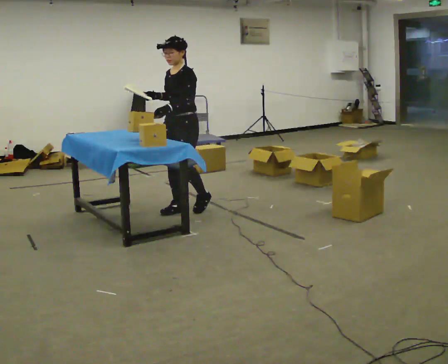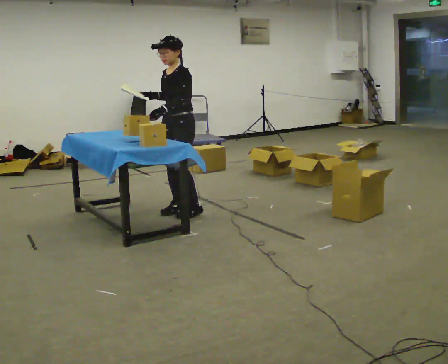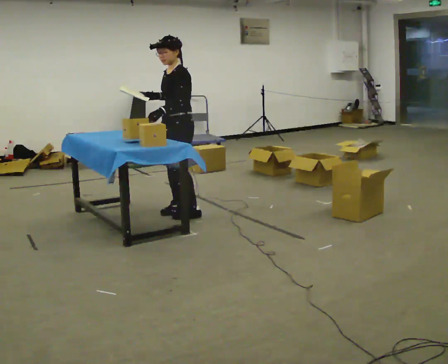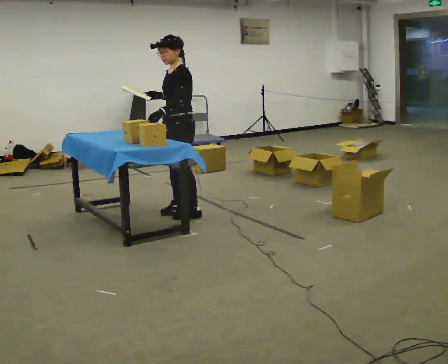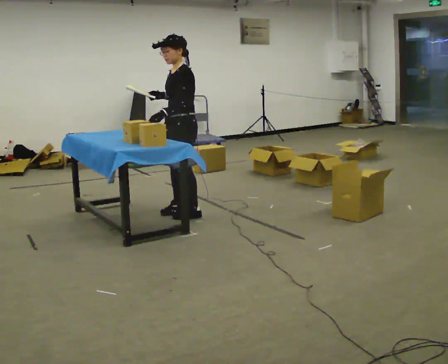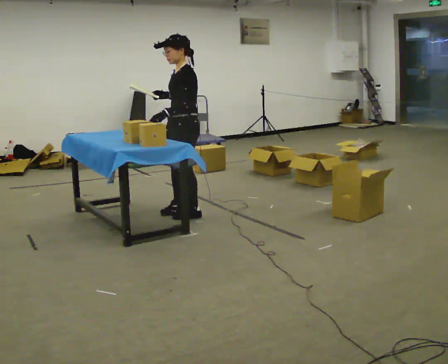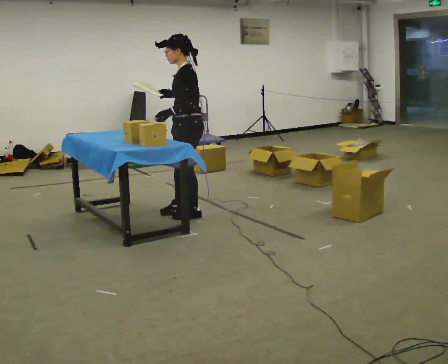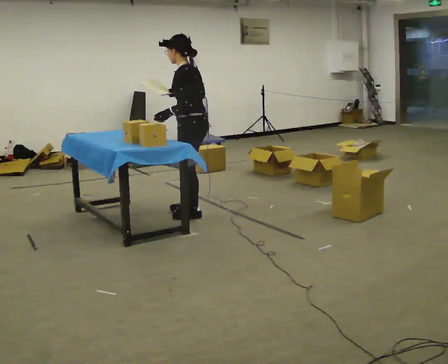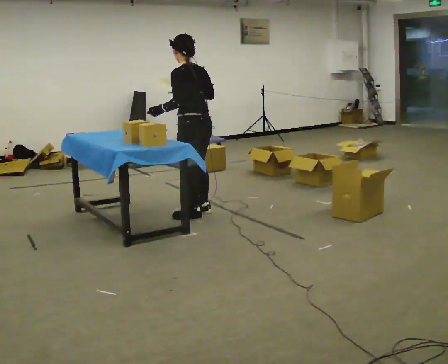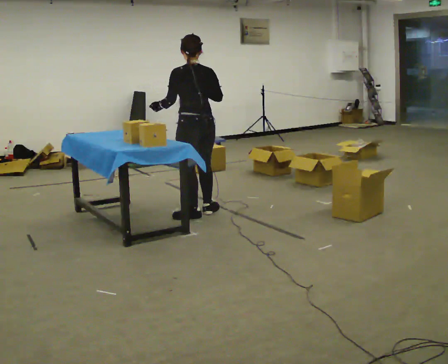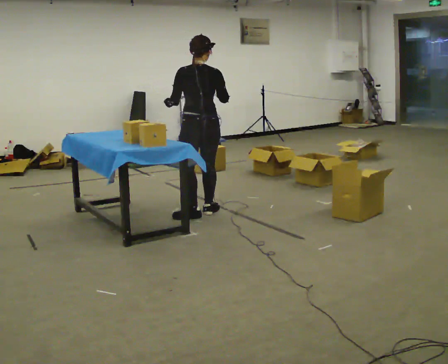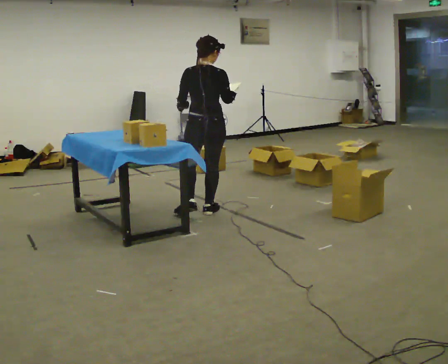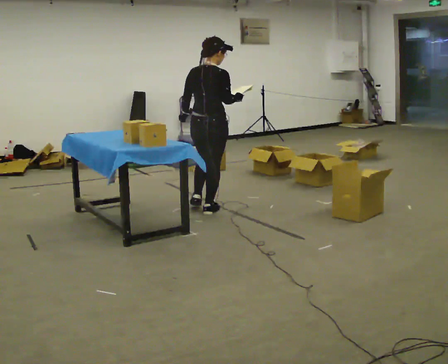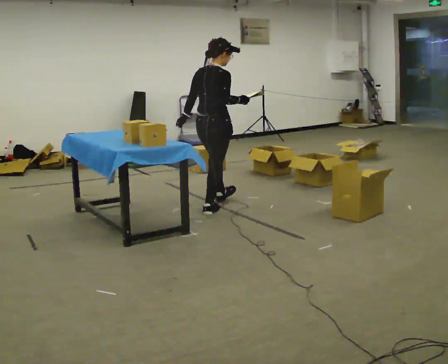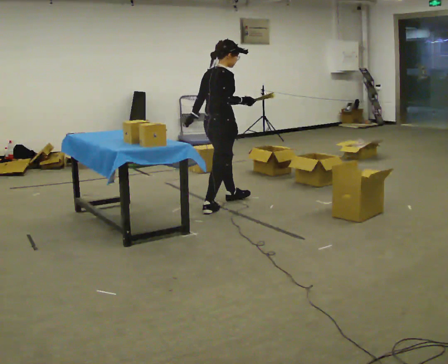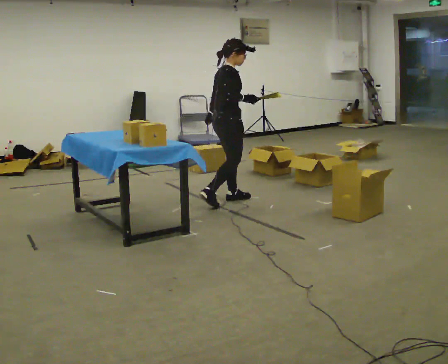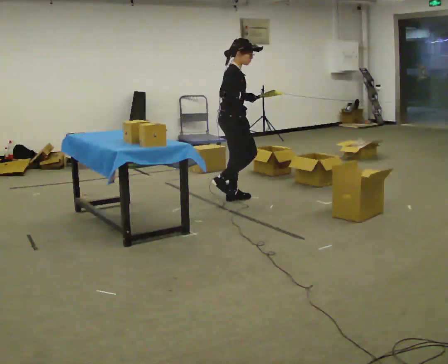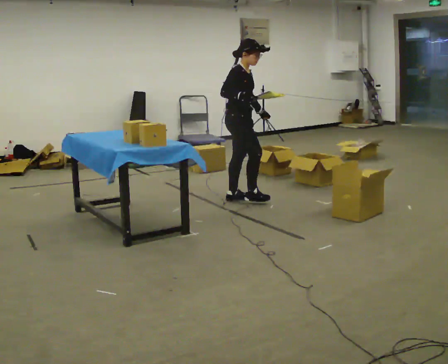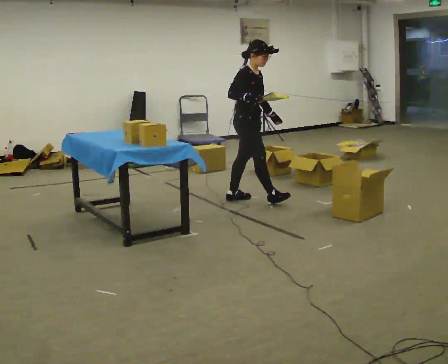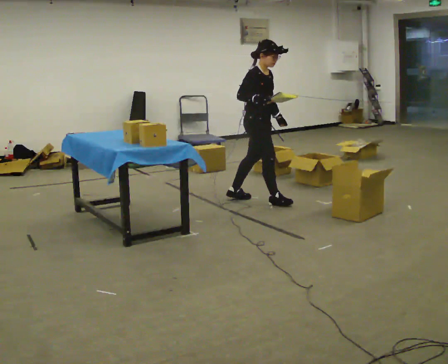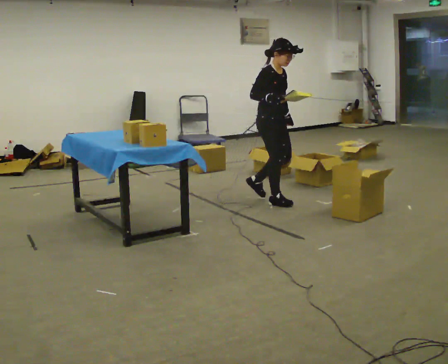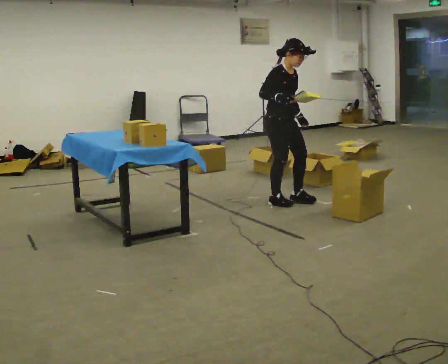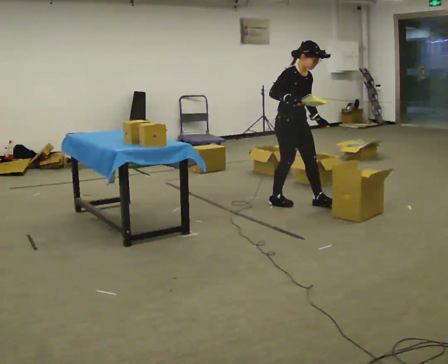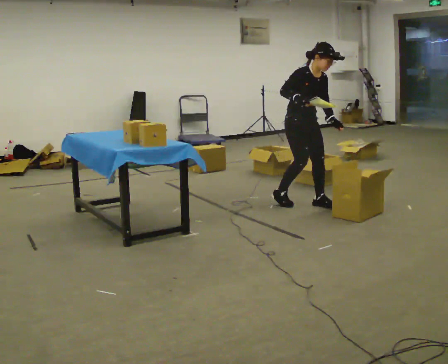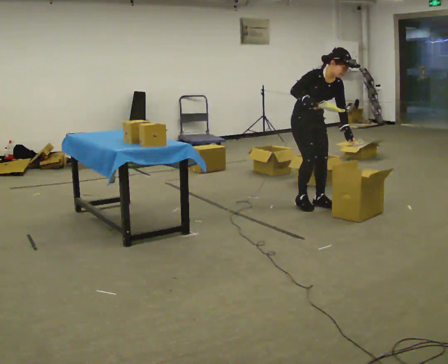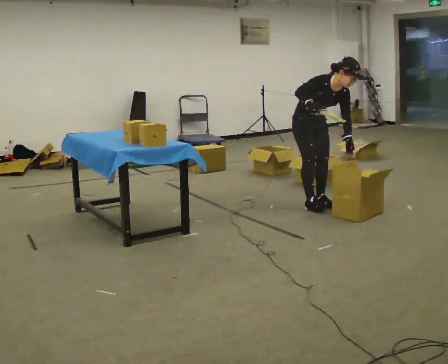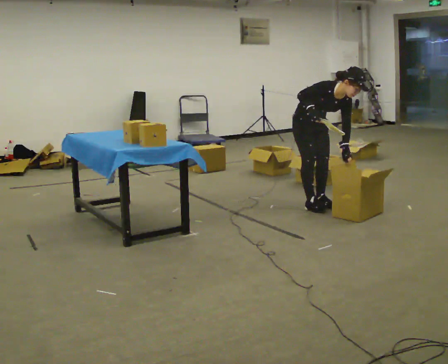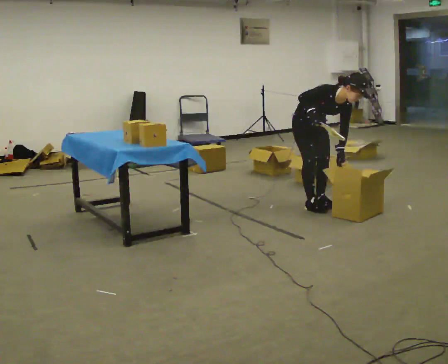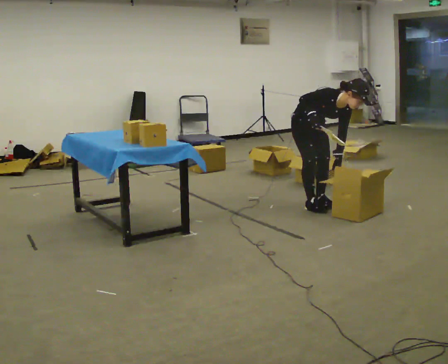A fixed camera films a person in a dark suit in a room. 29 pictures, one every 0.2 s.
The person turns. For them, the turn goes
to their right.
The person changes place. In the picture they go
to the right.
0.0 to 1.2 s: The person turns about 45 degrees to their right, clockwise seen from above, so the part of the body nearest the lens slides to the left. In the picture they go toward the camera, about 0.25 m in 1 step, which for them is to their left.
1.2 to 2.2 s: Seen from above the body turns clockwise, about 90 degrees: to their right, with its near side sliding to the left.
2.2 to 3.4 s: The person turns about 105 degrees to their right, clockwise seen from above, so the part of the body nearest the lens slides to the left. In the picture they go away from the camera and to the right, about 0.5 m in 1 step.
3.4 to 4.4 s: The person turns about 30 degrees to their right, clockwise seen from above, so the part of the body nearest the lens slides to the left. In the picture they go to the right and toward the camera, about 0.5 m in 2 steps, which for them is forward.
4.4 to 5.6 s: In the picture they go to the right, about 0.25 m in 1 step, which for them is to their left. The shoulders move downward. The upper body tips toward the camera, its near side rolling downward, as they bend forward. In the picture their left hand goes downward.
The film runs forward here.
